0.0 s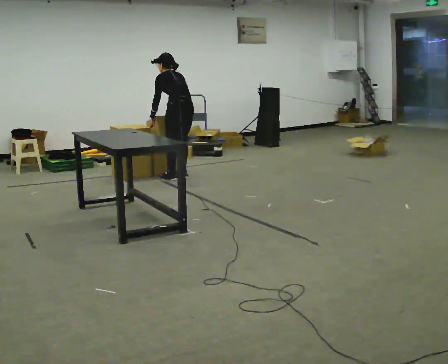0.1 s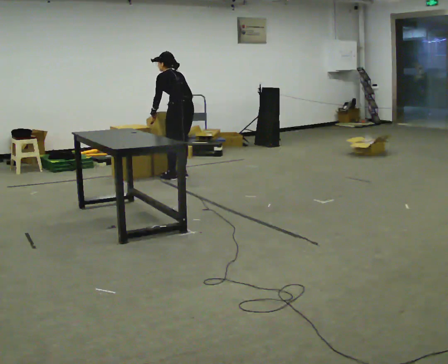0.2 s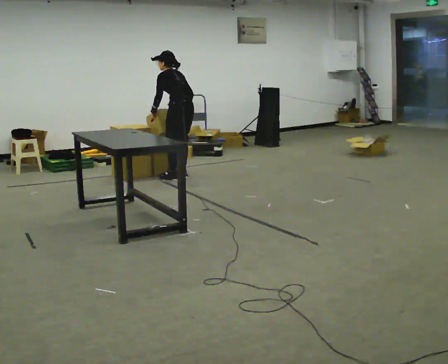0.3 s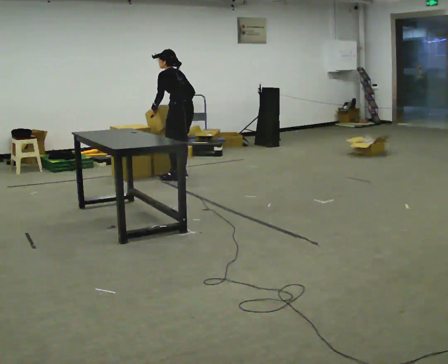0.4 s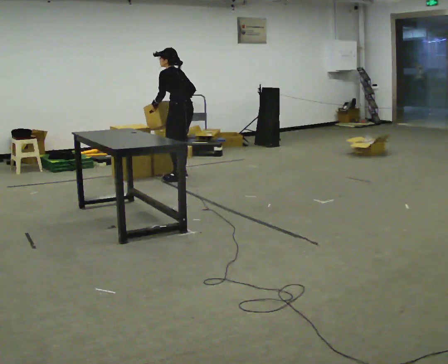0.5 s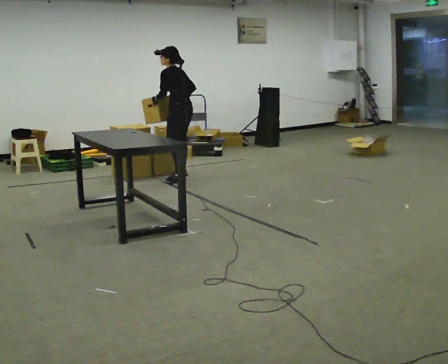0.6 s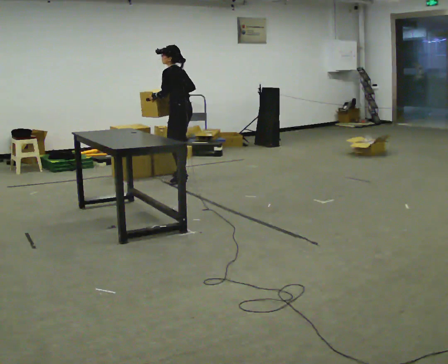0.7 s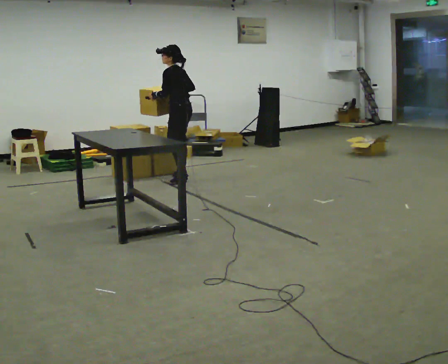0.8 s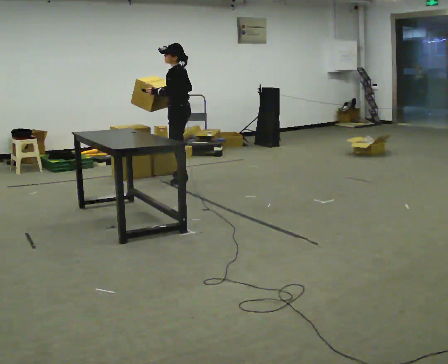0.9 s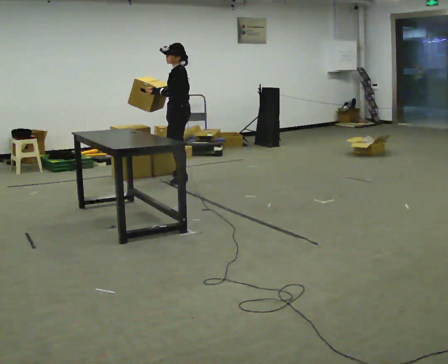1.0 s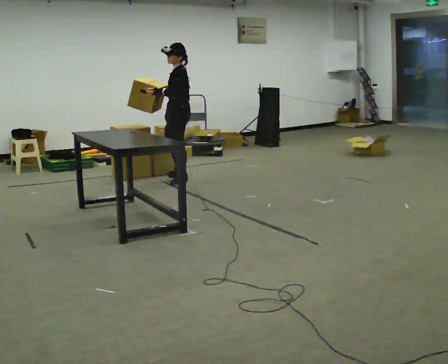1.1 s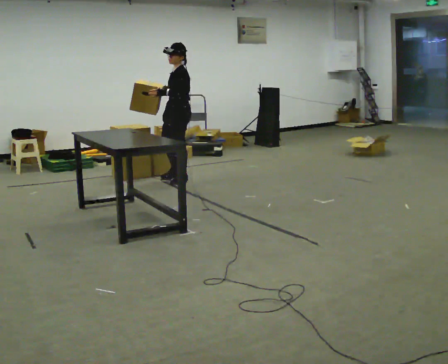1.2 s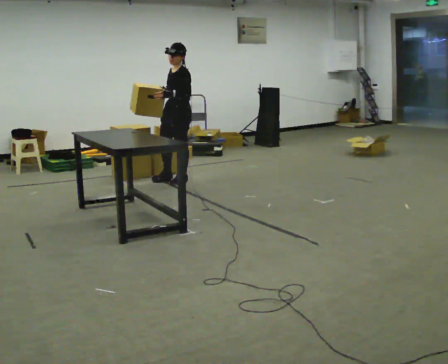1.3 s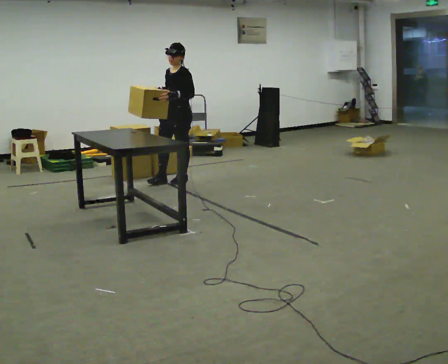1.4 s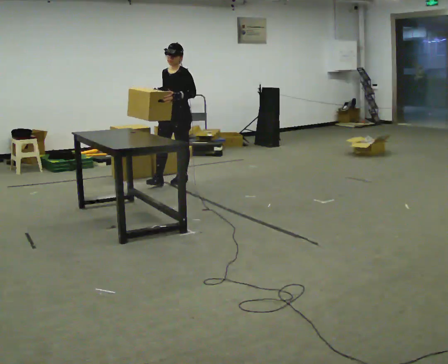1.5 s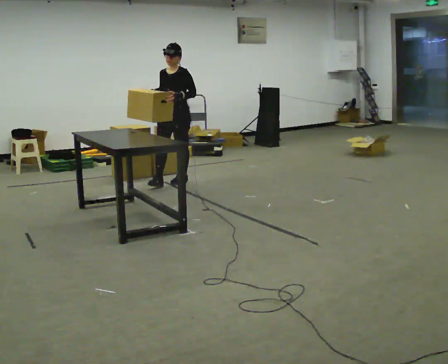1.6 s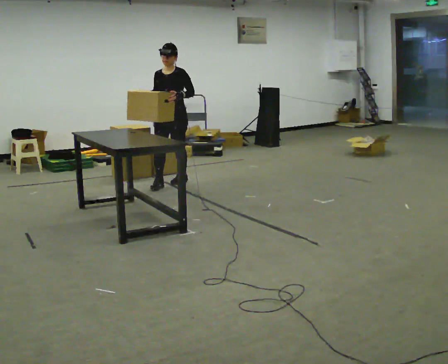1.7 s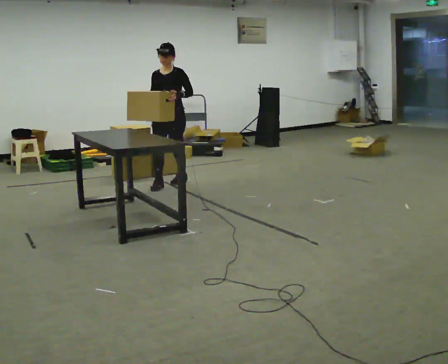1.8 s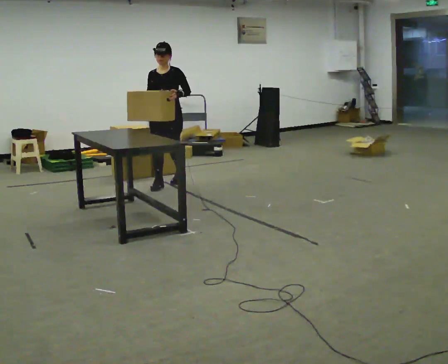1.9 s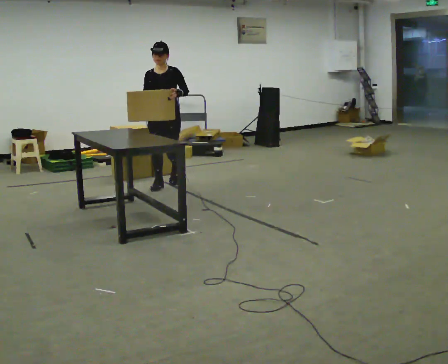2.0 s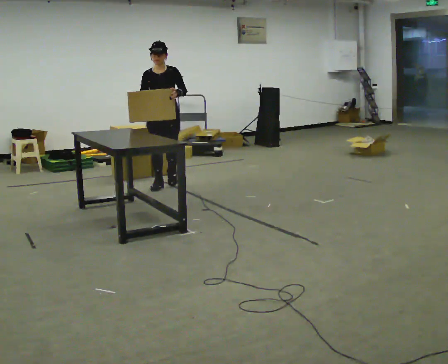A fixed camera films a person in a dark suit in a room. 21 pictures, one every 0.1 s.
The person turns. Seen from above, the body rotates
counterclockwise.
The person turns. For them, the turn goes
to their left.
0.0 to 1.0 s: The part of the body nearest the lens slides to the right as the person turns to their left by about 60 degrees. In the picture they go toward the camera, about 0.25 m, which for them is to their left. The upper body tips toward the camera, its near side rolling downward, as they lean back or straighten.
1.0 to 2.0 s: The person turns about 75 degrees to their left, counterclockwise seen from above, so the part of the body nearest the lens slides to the right. In the picture they go toward the camera and to the left, about 0.25 m in 1 step.
The film runs forward here.
